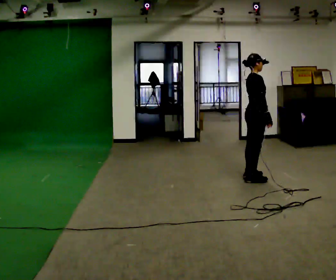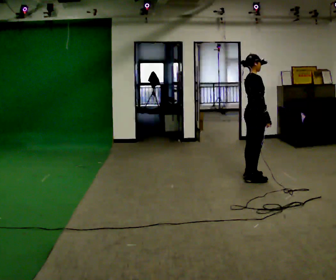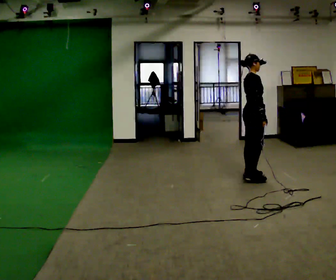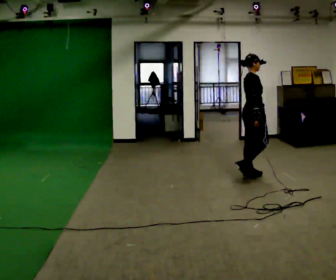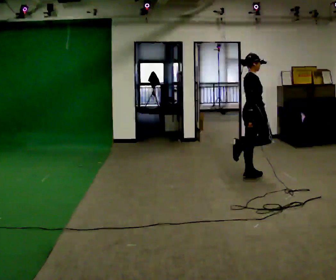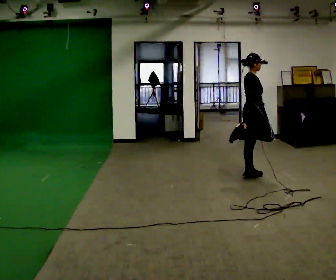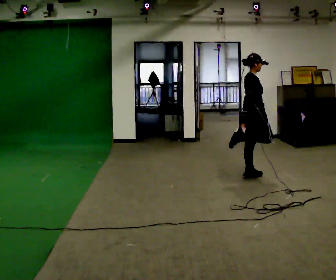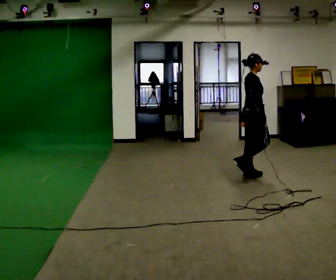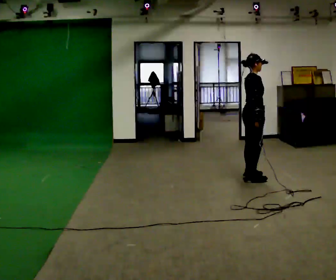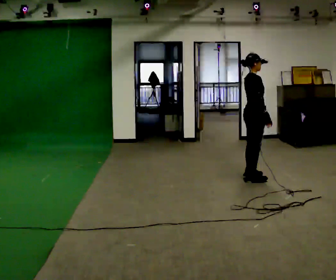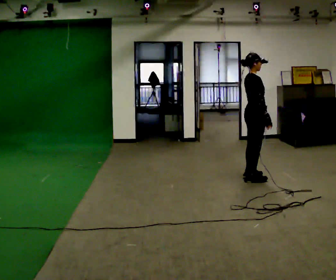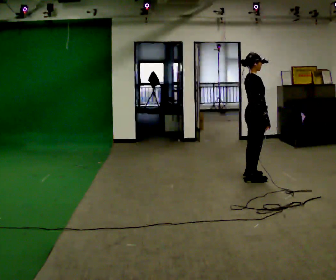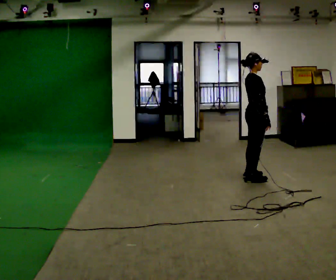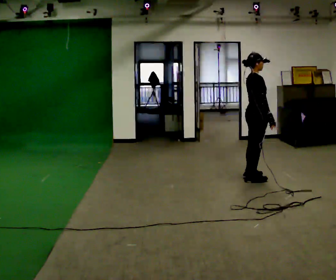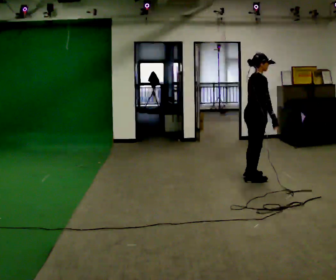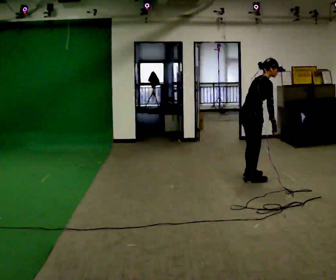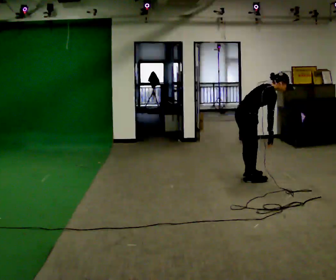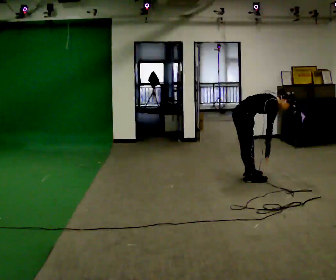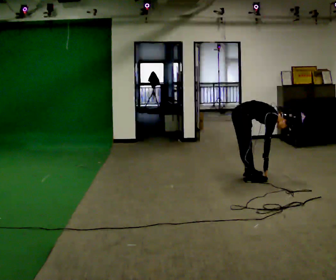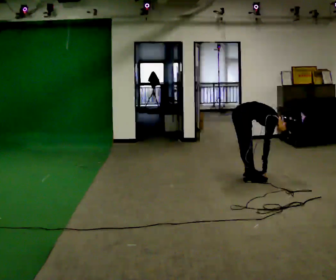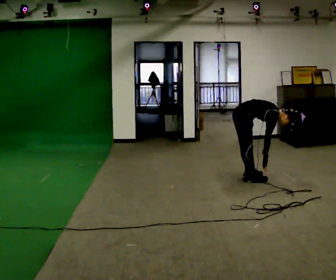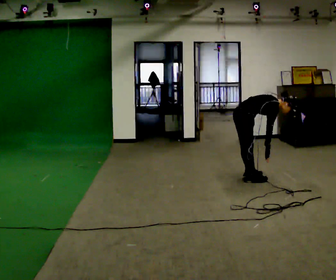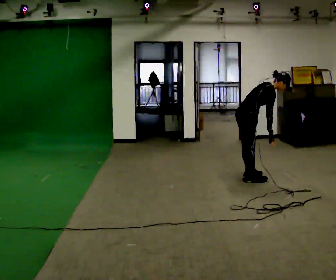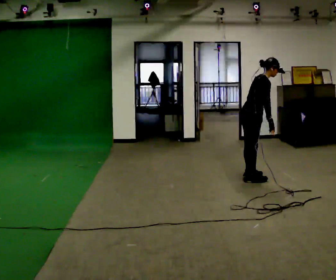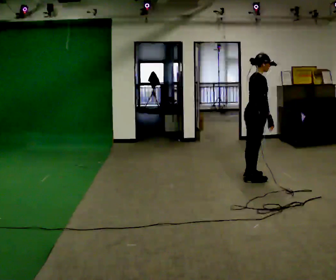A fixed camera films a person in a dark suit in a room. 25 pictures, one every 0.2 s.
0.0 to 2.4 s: The person moves a little, or ends about where they began.
2.4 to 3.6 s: In the picture they go to the left, about 0.25 m, which for them is backward. The upper body goes downward. In the picture the upper body tilts clockwise, shoulders to the right, as they bend forward.
3.6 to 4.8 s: In the picture they go to the right, about 0.25 m, which for them is forward. The upper body goes upward. In the picture the upper body tilts counterclockwise, shoulders to the left, as they lean back or straighten.
The film runs backward here.
